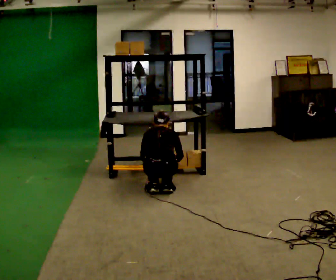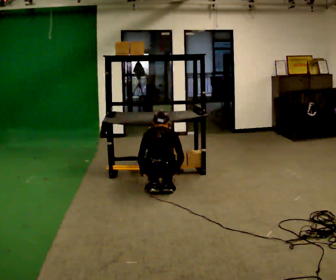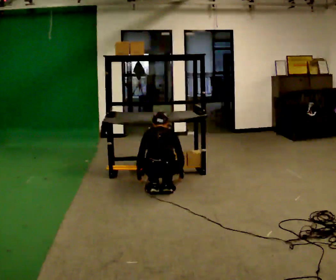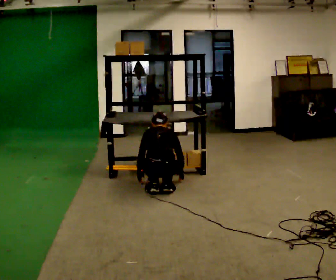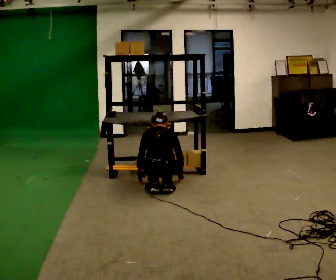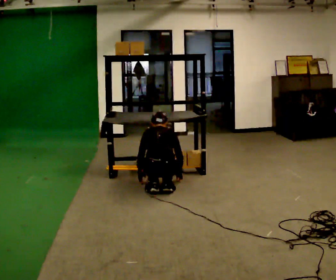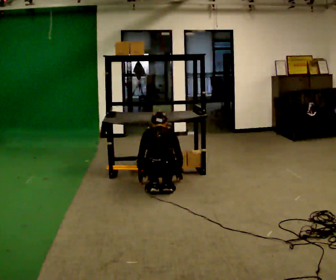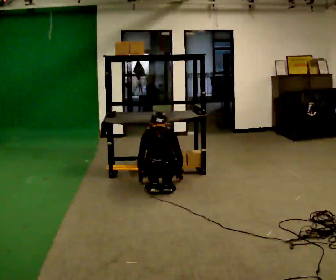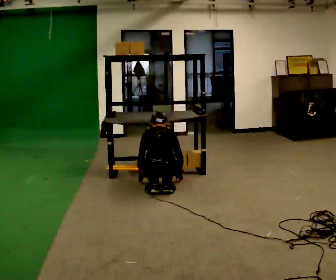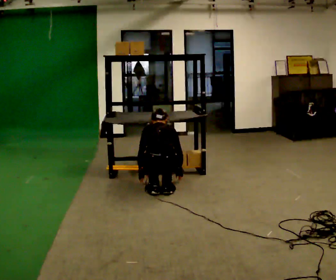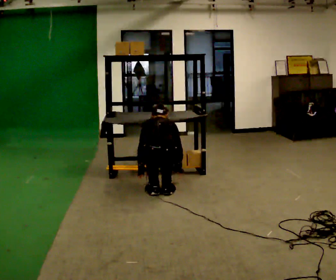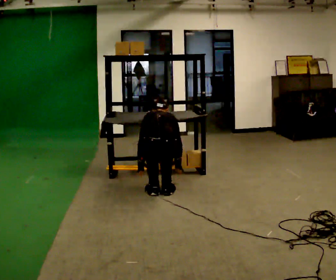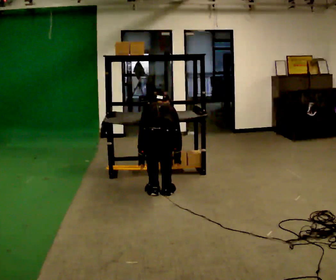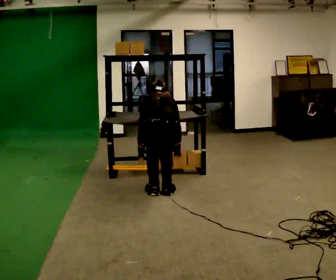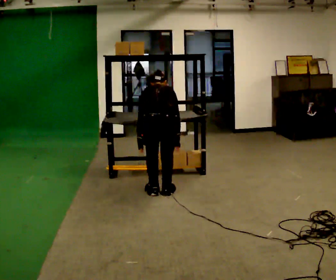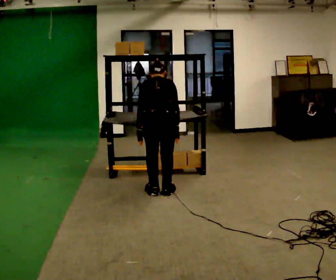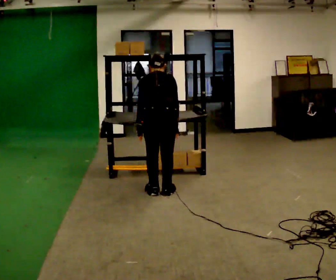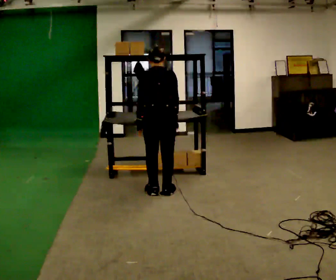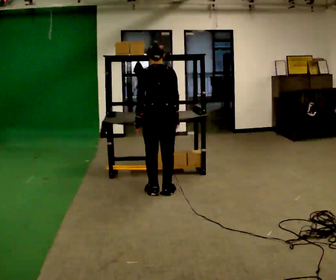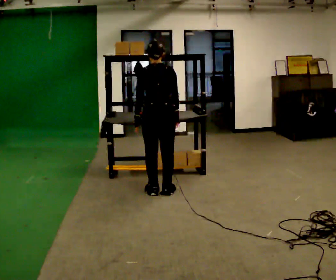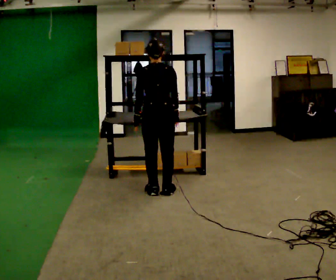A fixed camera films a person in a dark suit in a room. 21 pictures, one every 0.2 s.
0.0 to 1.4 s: The person moves a little, or ends about where they began.
1.4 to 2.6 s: The upper body goes upward. In the picture their left hand goes upward.
2.6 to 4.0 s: In the picture they go away from the camera, about 0.25 m, which for them is forward. The shoulders move upward. The upper body tips toward the camera, its near side rolling downward, as they lean back or straighten. In the picture their right hand goes upward.
The film runs forward here.
